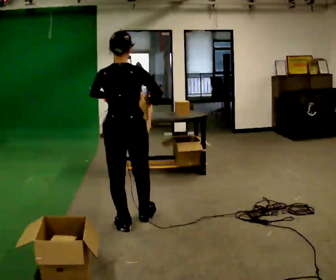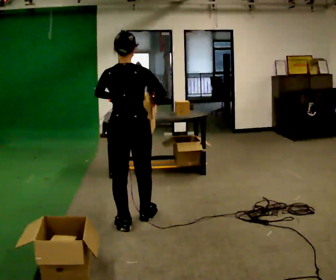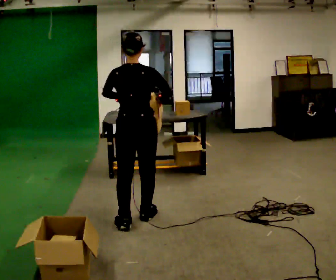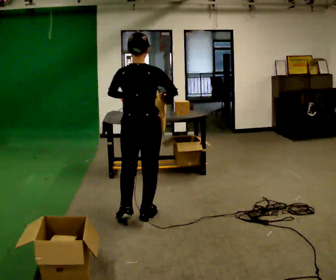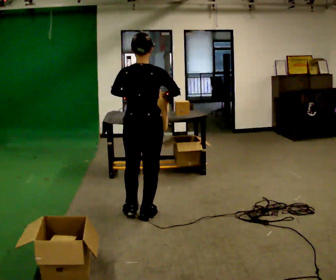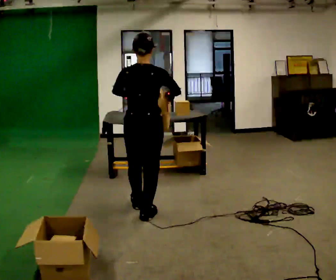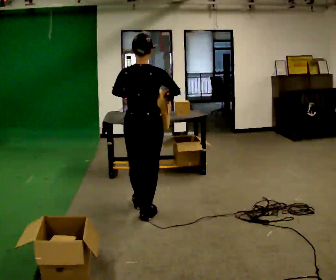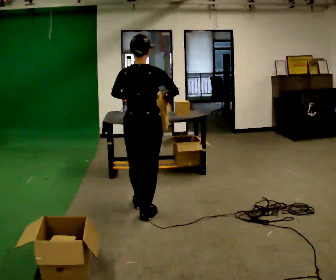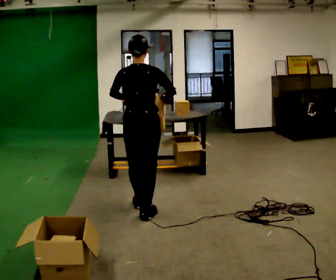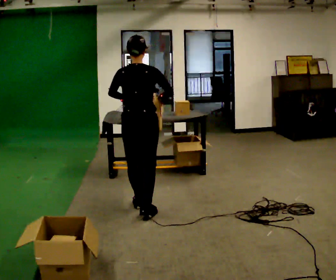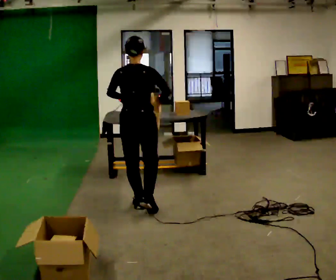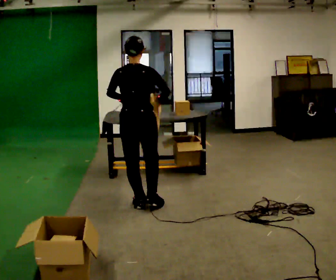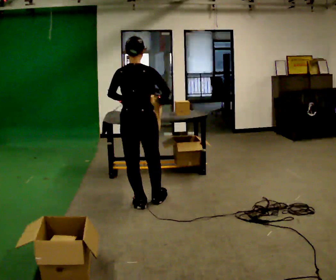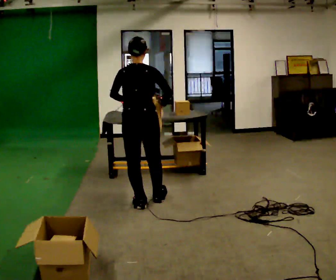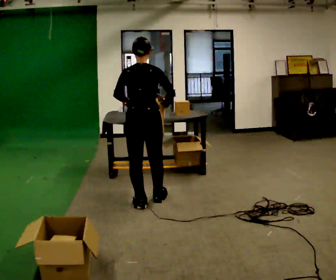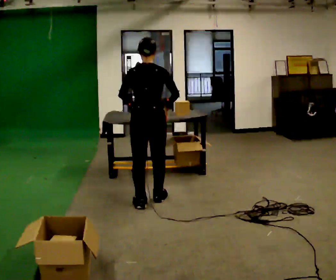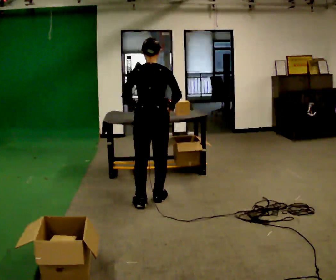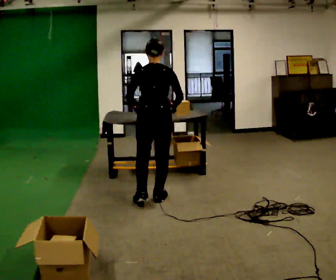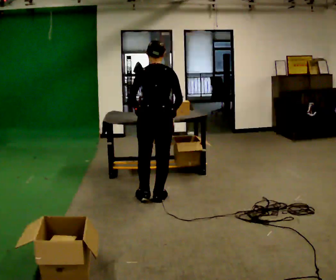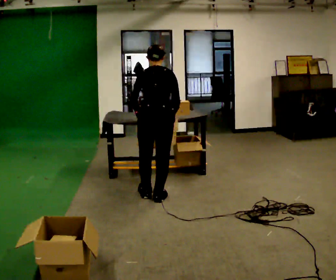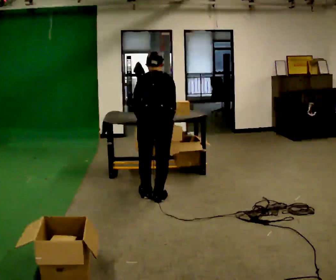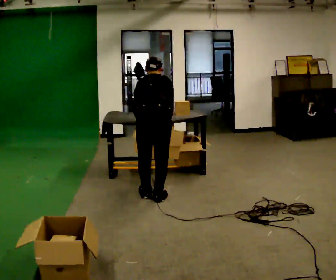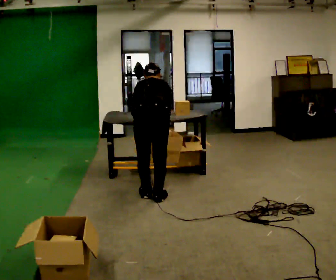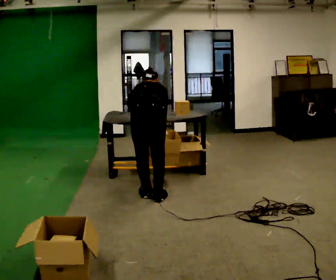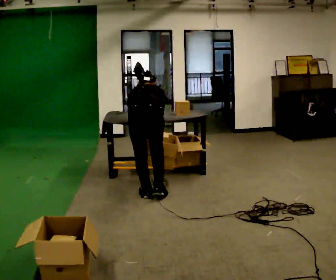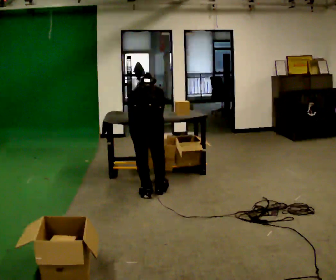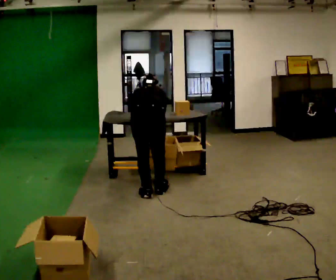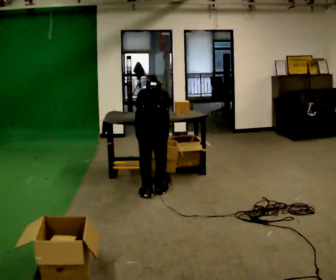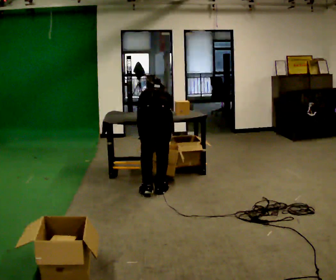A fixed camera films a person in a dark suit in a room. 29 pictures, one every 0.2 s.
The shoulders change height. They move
downward.
The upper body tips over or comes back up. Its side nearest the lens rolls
upward.
0.0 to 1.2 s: In the picture they go away from the camera, about 0.25 m in 1 step, which for them is forward.
1.2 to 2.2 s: In the picture they go away from the camera, about 0.25 m, which for them is forward.
2.2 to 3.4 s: In the picture they go to the right and away from the camera, about 0.25 m in 1 step, which for them is forward and to their right.
3.4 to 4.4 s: The upper body goes downward. The upper body tips away from the camera, its near side rolling upward, as they bend forward.
4.4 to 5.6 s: The person moves a little, or ends about where they began.
The film runs forward here.
